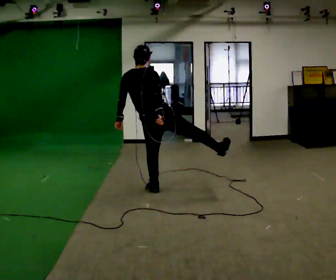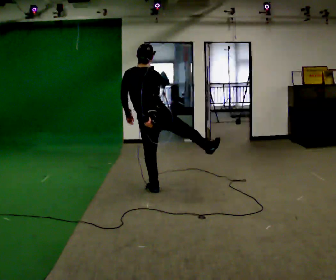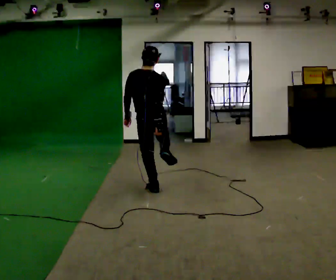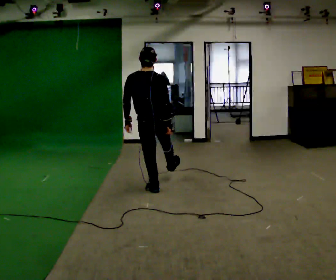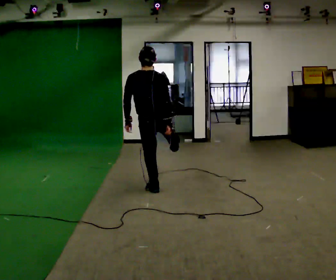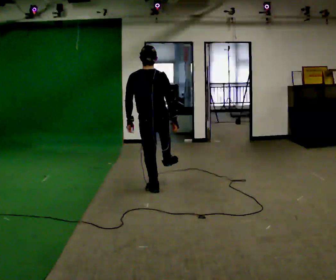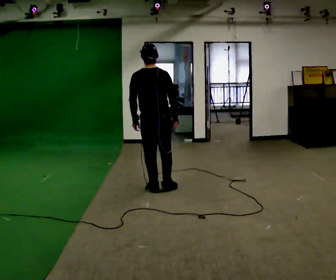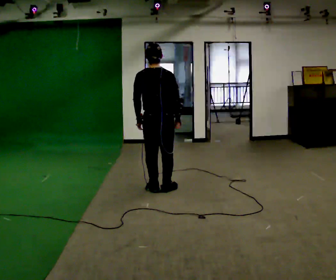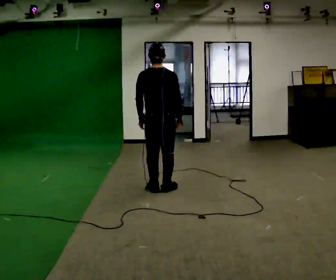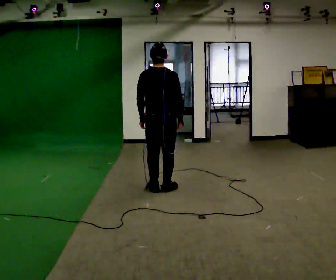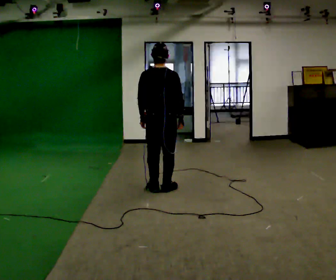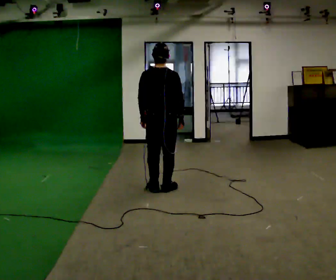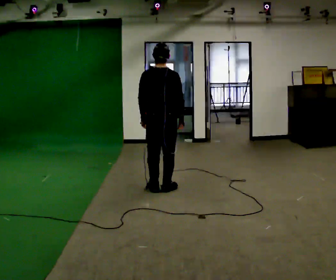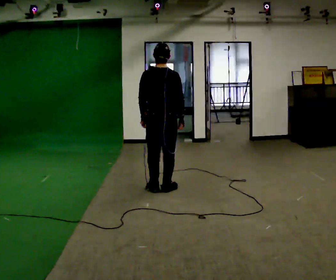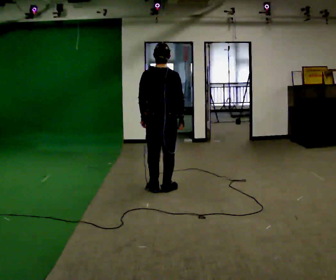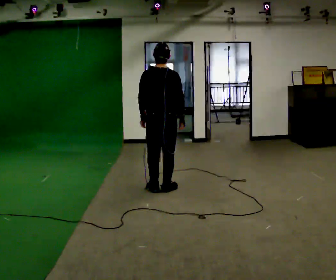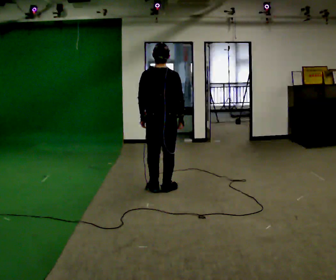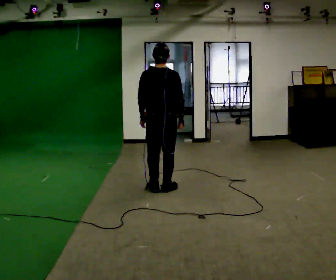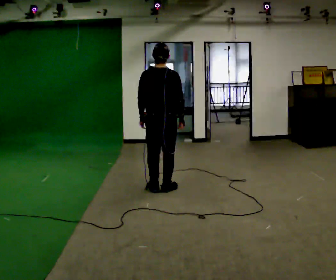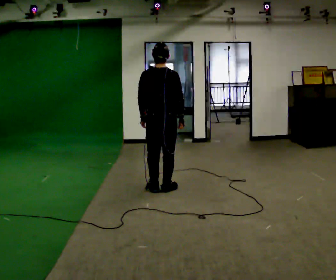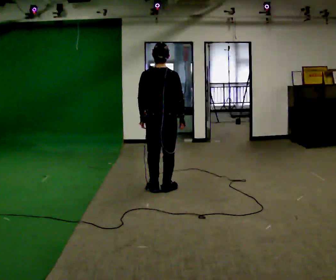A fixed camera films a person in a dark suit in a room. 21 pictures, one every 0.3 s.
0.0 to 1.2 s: The upper body tips toward the camera, its near side rolling downward, as they lean back or straighten.
1.2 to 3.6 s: The person moves a little, or ends about where they began.
3.6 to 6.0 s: The person keeps their place and pose.
The film runs backward here.
